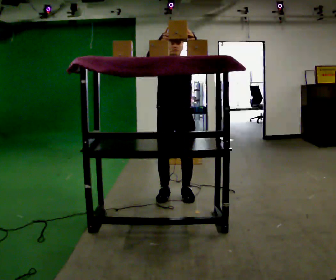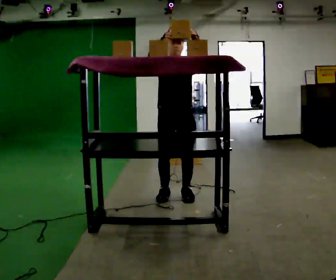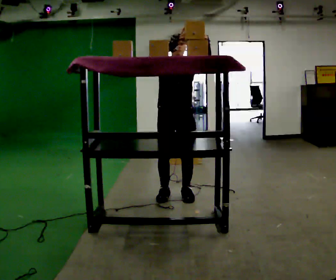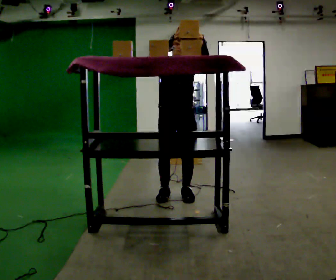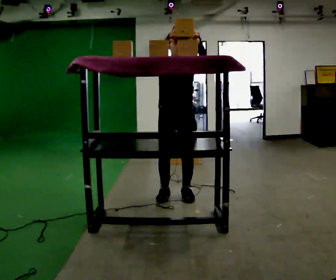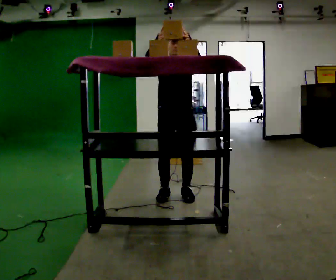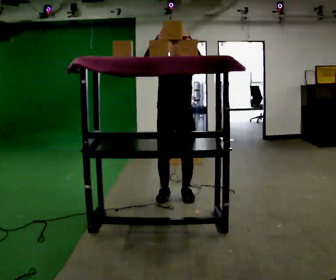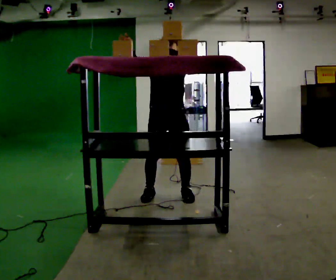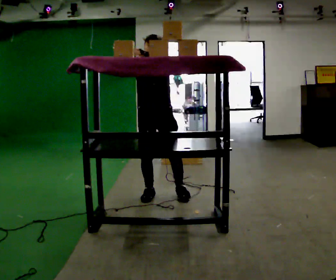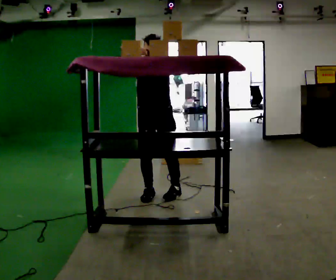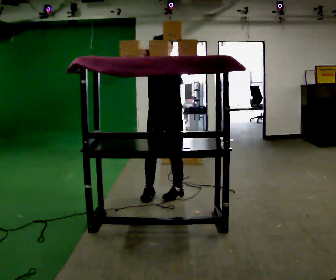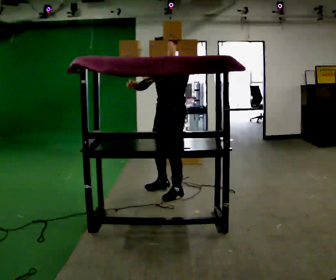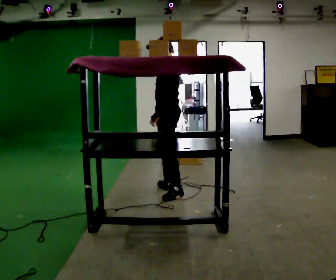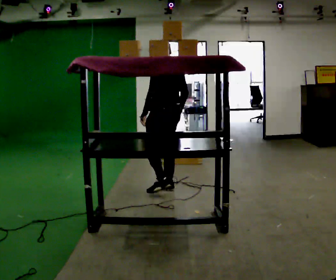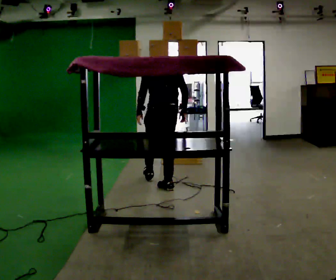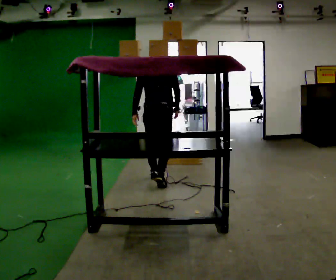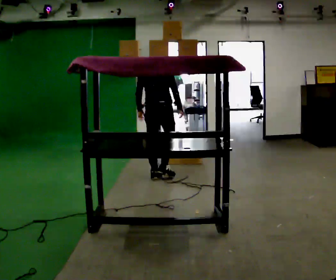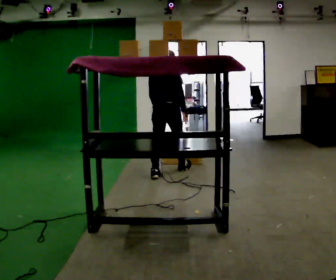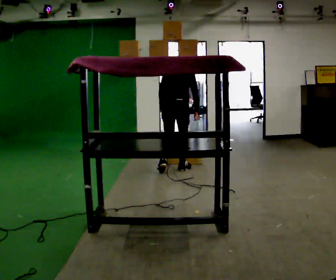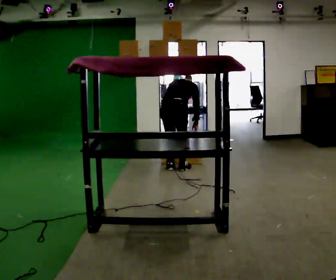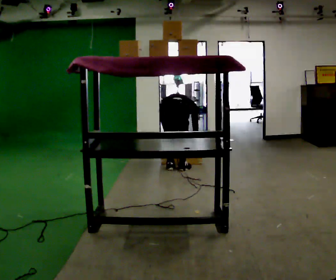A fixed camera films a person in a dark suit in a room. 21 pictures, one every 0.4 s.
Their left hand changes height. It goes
downward.
The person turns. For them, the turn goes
to their right.
0.0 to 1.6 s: The person moves a little, or ends about where they began.
1.6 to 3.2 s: In the picture they go to the left, about 0.25 m in 1 step, which for them is to their right. In the picture their left hand goes to the left.
3.2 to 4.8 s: The part of the body nearest the lens slides to the left as the person turns to their right by about 90 degrees. In the picture they go to the right, about 0.25 m in 1 step. In the picture their right hand goes downward and to the right.
4.8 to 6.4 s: The person turns about 105 degrees to their right, clockwise seen from above, so the part of the body nearest the lens slides to the left. In the picture they go away from the camera, about 0.75 m in 1 step.
6.4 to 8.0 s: In the picture they go away from the camera and to the right, about 0.25 m in 2 steps, which for them is forward. The shoulders move downward. The upper body tips away from the camera, its near side rolling upward, as they bend forward. In the picture their left hand goes downward.
The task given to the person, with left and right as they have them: Take an object from the lowest shelf, carry it across the room, and place it on the highest shelf you can comfortably reach. Keep going until the operator says stop; one object at a time, and do not rush between trips.
The film runs forward here.
